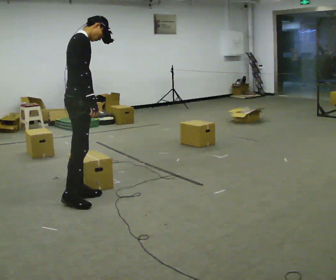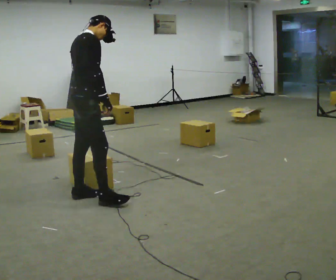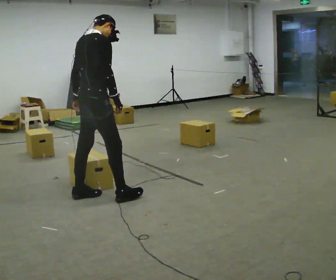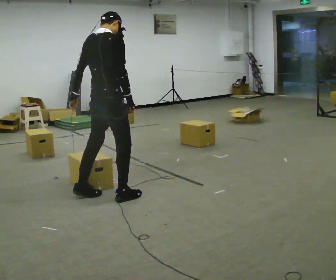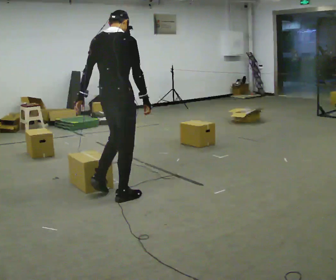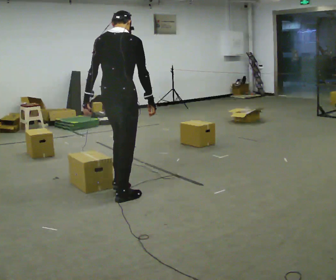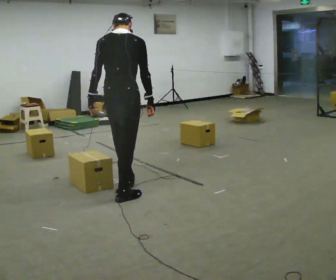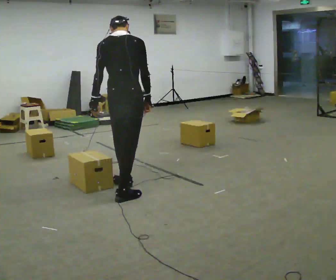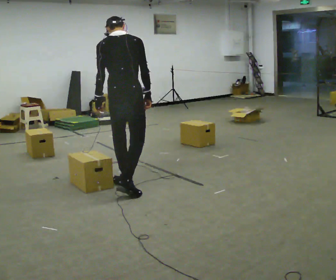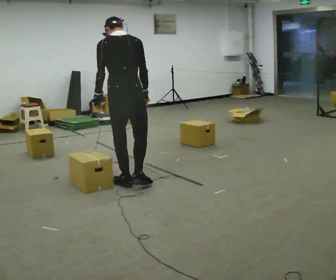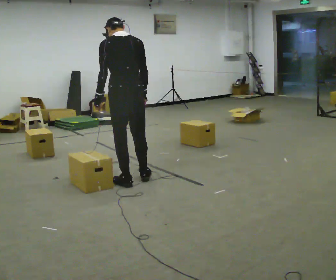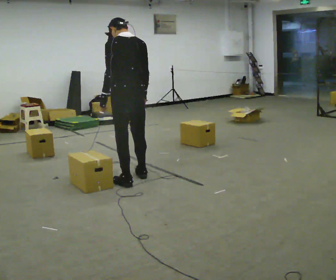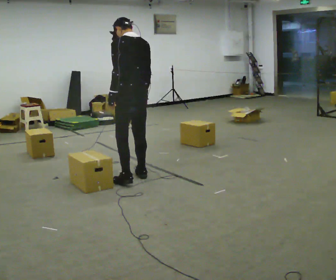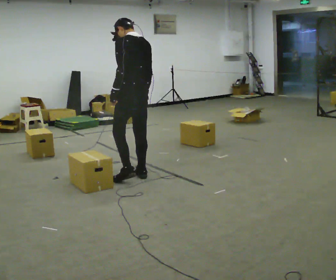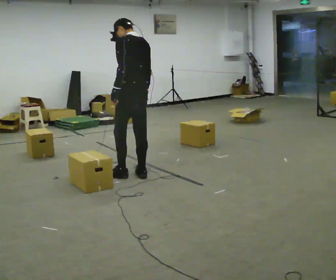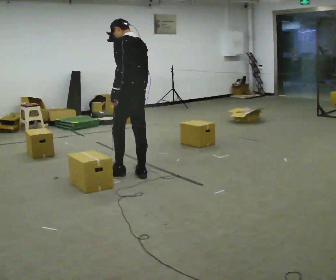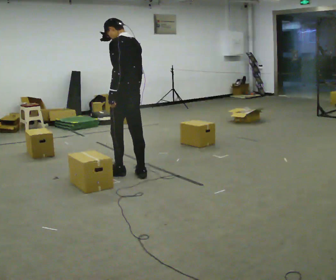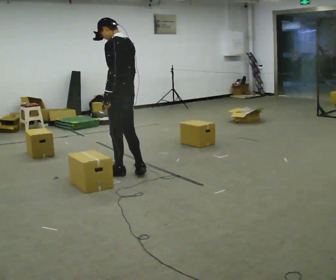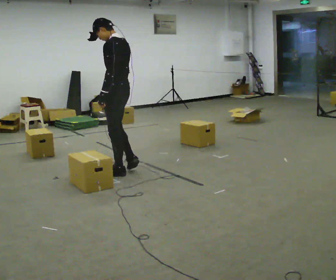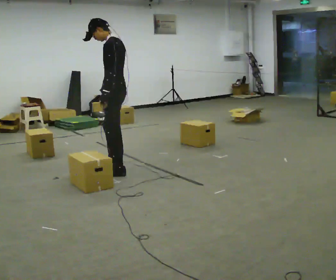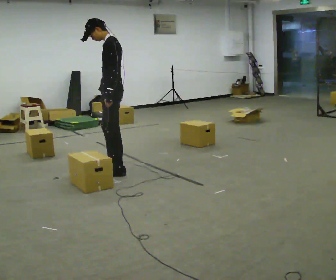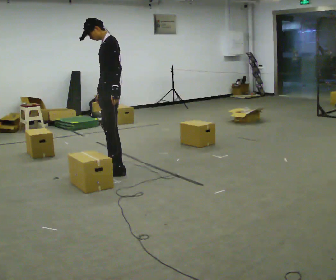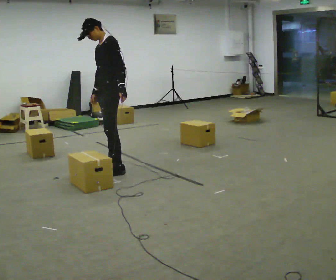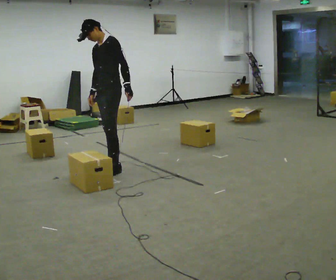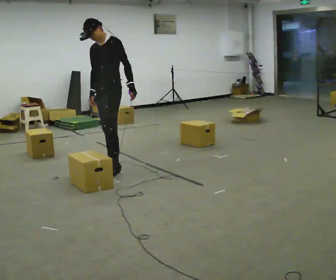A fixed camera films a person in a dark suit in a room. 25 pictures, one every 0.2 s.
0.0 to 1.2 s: Seen from above the body turns counterclockwise, about 60 degrees: to their left, with its near side sliding to the right. In the picture they go to the right, about 0.5 m in 1 step.
1.2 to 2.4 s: Seen from above the body turns counterclockwise, about 45 degrees: to their left, with its near side sliding to the right. In the picture they go away from the camera, about 0.5 m in 2 steps, which for them is forward.
2.4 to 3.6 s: The part of the body nearest the lens slides to the right as the person turns to their left by about 30 degrees. In the picture they go away from the camera, about 0.25 m in 1 step, which for them is forward.
3.6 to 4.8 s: The part of the body nearest the lens slides to the right as the person turns to their left by about 75 degrees. In the picture they go away from the camera, about 0.25 m in 1 step.
The film runs forward here.
